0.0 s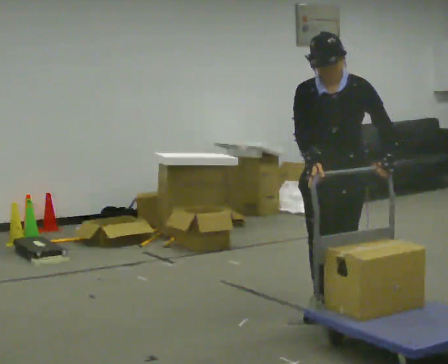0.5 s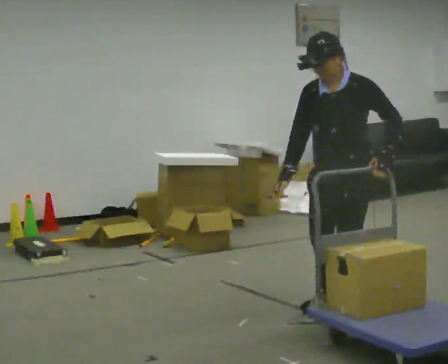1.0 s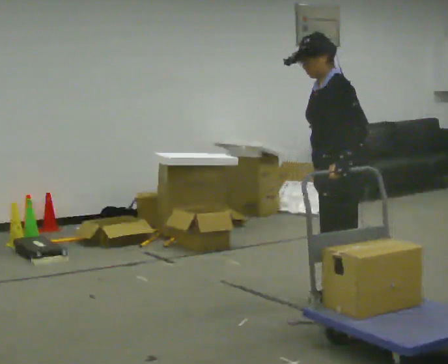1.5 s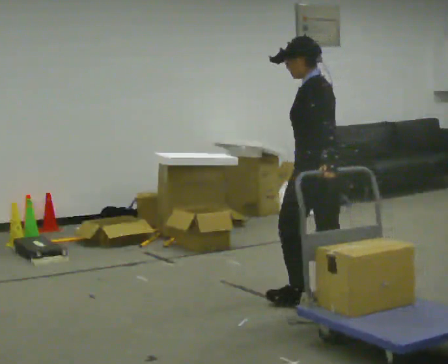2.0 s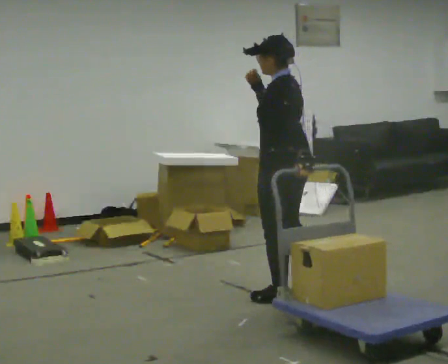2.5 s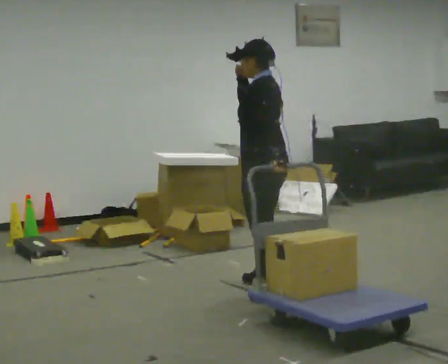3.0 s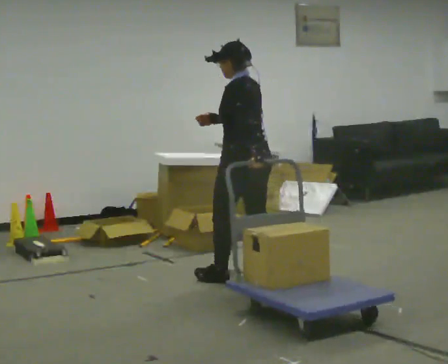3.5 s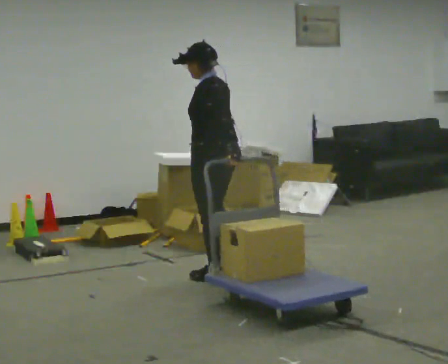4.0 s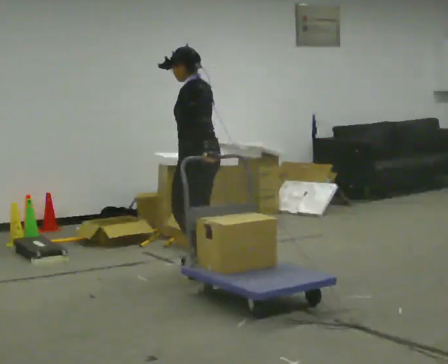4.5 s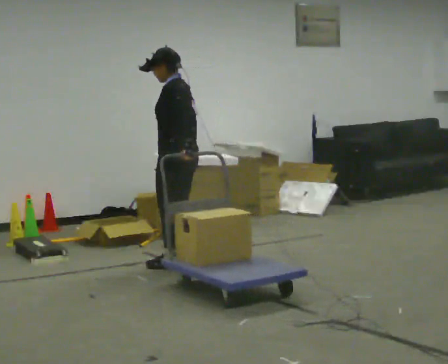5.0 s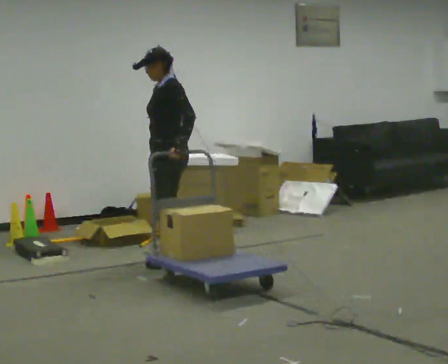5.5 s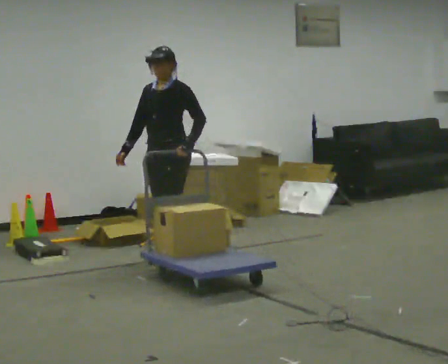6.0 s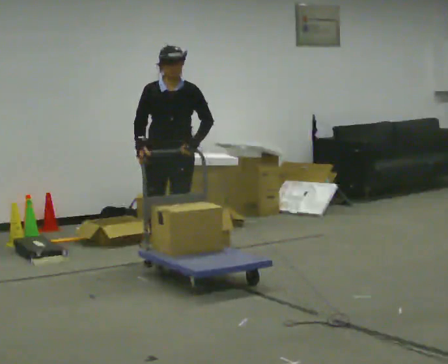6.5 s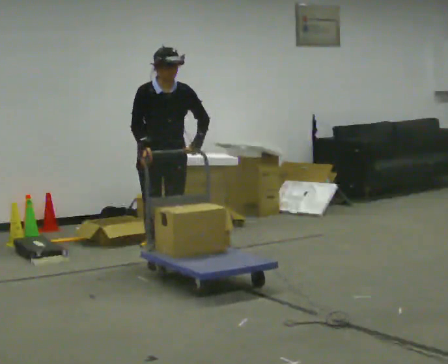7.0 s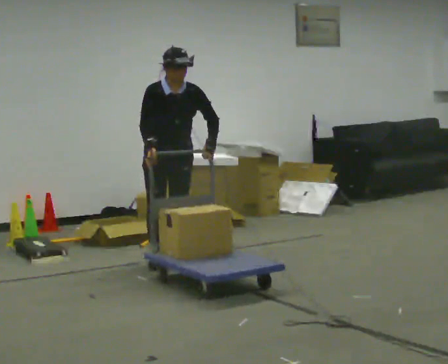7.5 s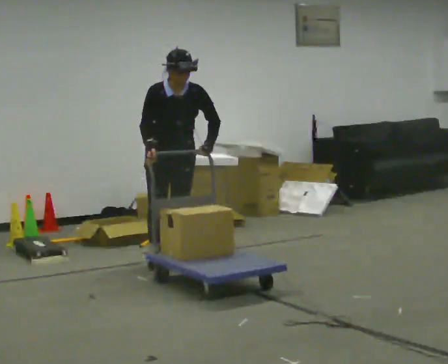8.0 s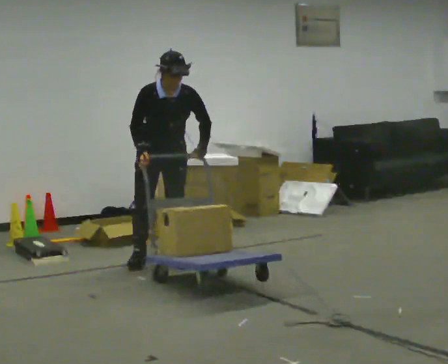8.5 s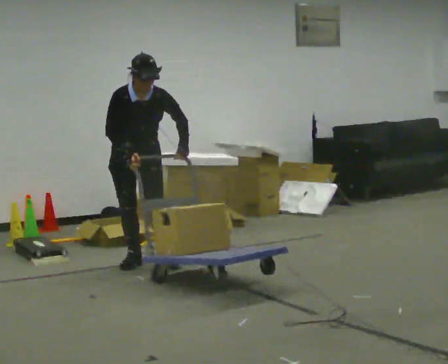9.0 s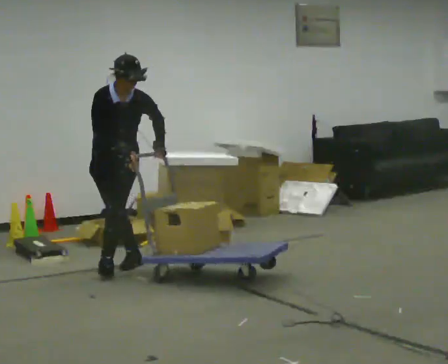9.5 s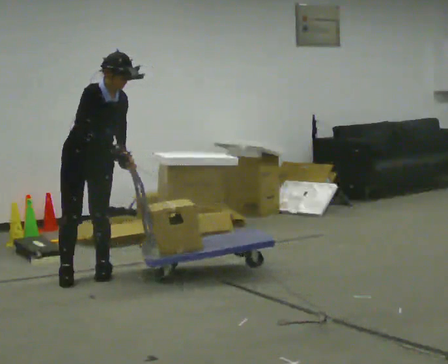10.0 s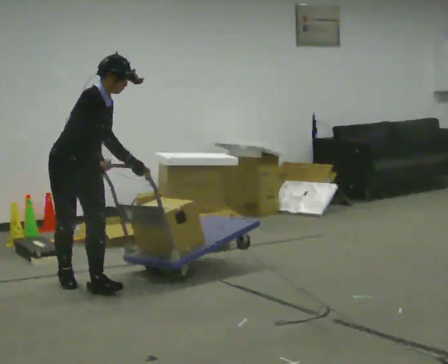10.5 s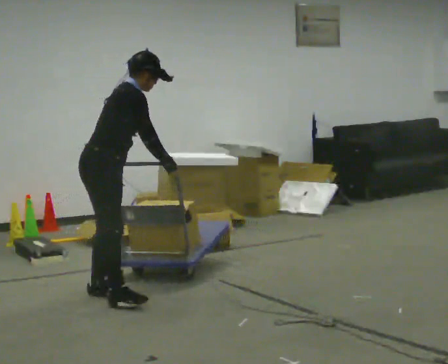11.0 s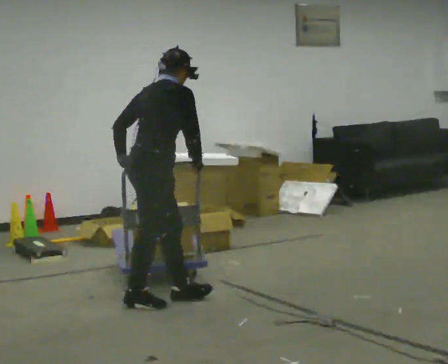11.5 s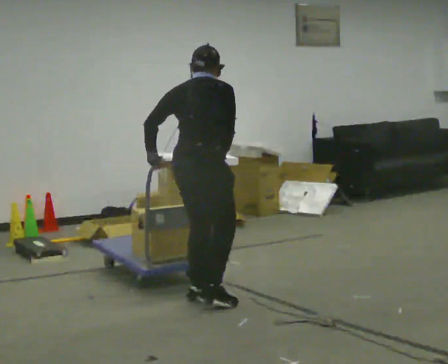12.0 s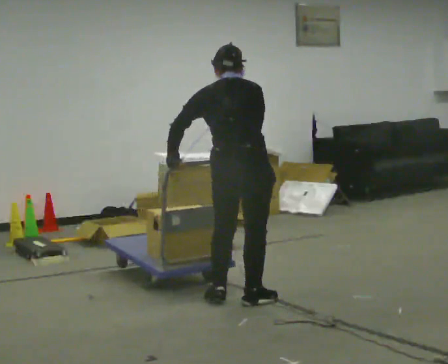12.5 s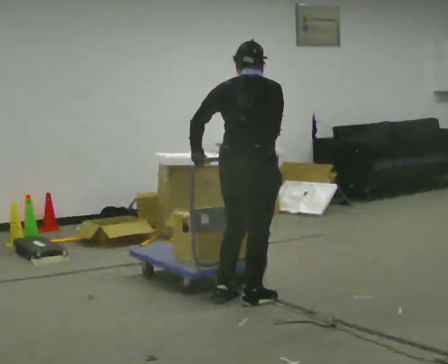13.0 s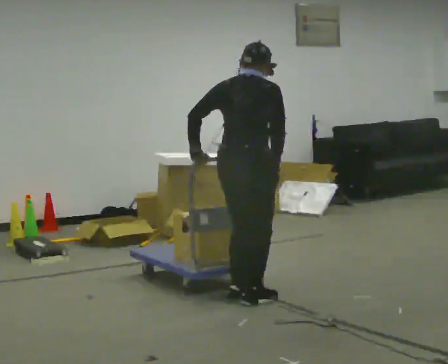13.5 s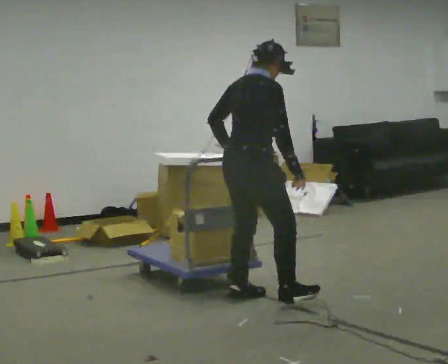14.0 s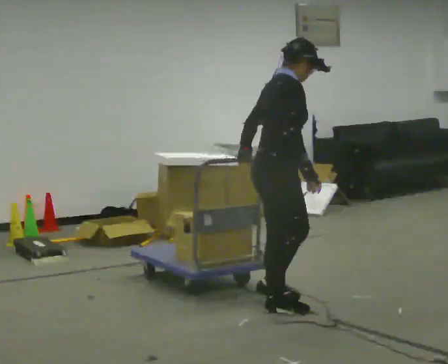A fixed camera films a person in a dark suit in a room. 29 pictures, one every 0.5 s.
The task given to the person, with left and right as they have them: Pull the cart behind you as you walk backward across the room. The operator will confirm the space behind you is clear before each take.
0.0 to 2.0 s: The part of the body nearest the lens slides to the left as the person turns to their right by about 90 degrees. In the picture they go away from the camera and to the left, about 0.5 m in 1 step. In the picture their right hand goes upward.
2.0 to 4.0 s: In the picture they go away from the camera and to the left, about 1 m in 3 steps, which for them is forward. In the picture their right hand goes downward.
4.0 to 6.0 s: The person turns about 105 degrees to their left, counterclockwise seen from above, so the part of the body nearest the lens slides to the right. In the picture they go away from the camera and to the left, about 0.25 m in 2 steps.
6.0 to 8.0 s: The person moves a little, or ends about where they began.
8.0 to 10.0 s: Seen from above the body turns counterclockwise, about 45 degrees: to their left, with its near side sliding to the right. In the picture they go toward the camera and to the left, about 1 m in 2 steps. In the picture the upper body tilts clockwise, shoulders to the right.
10.0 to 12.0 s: Seen from above the body turns counterclockwise, about 105 degrees: to their left, with its near side sliding to the right. In the picture they go to the right, about 1 m in 5 steps. In the picture the upper body tilts counterclockwise, shoulders to the left.
12.0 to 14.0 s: The part of the body nearest the lens slides to the left as the person turns to their right by about 75 degrees. In the picture they go to the right and toward the camera, about 0.25 m in 1 step.
The film runs forward here.
